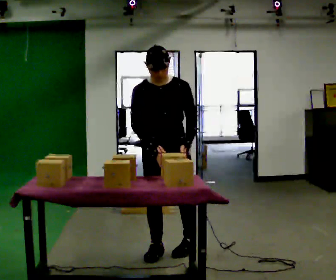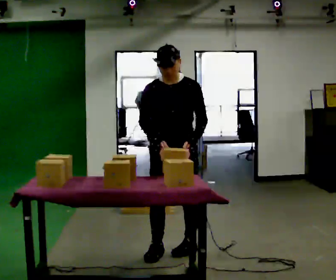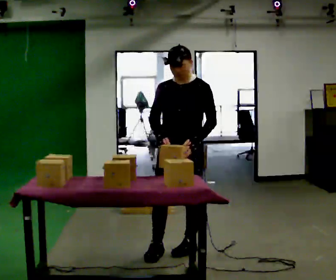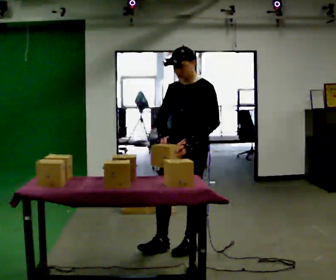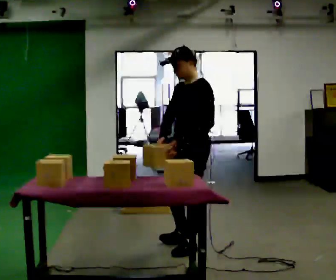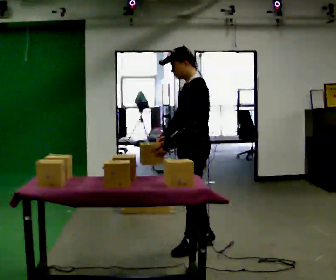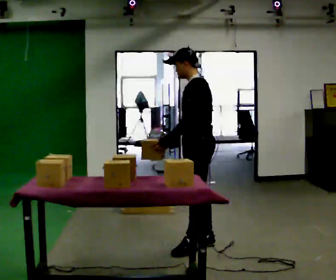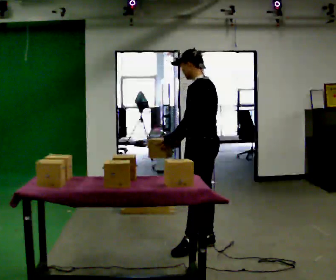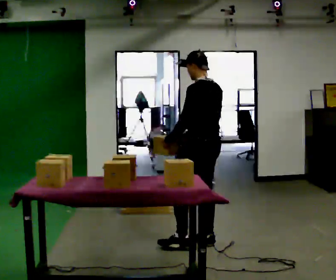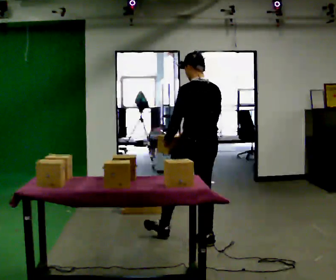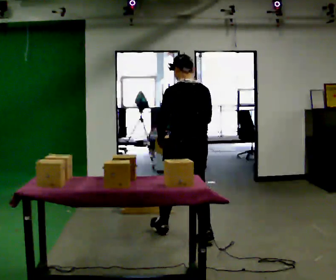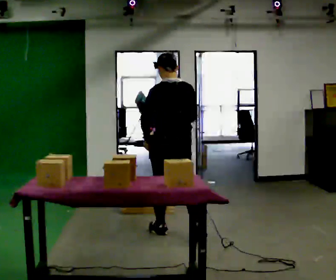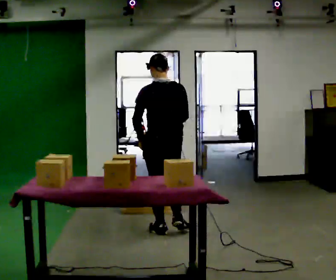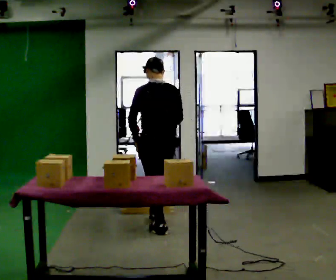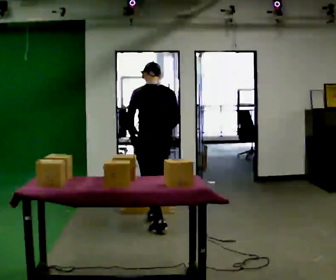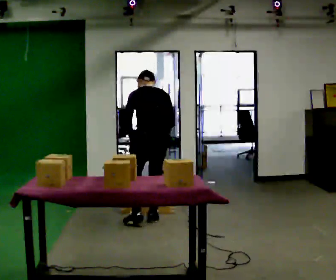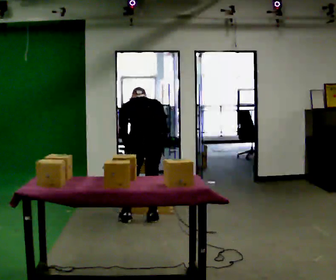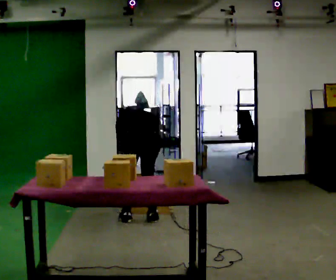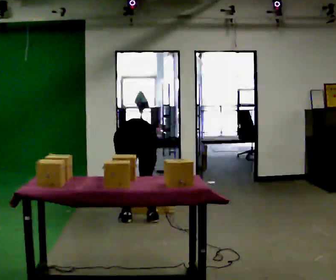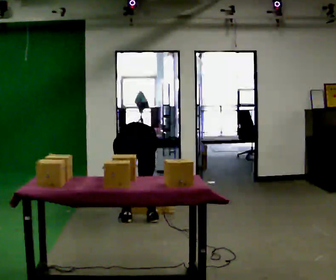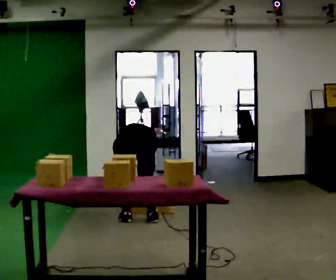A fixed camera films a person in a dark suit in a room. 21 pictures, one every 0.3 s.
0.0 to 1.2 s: Seen from above the body turns clockwise, about 60 degrees: to their right, with its near side sliding to the left. In the picture they go to the right, about 0.25 m.
1.2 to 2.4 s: Seen from above the body turns clockwise, about 60 degrees: to their right, with its near side sliding to the left. In the picture they go away from the camera, about 0.25 m in 1 step.
2.4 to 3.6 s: Seen from above the body turns clockwise, about 30 degrees: to their right, with its near side sliding to the left. In the picture they go to the left and away from the camera, about 0.5 m in 1 step, which for them is forward.
3.6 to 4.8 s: In the picture they go away from the camera and to the left, about 0.5 m in 2 steps, which for them is forward. The shoulders move downward. The upper body tips away from the camera, its near side rolling upward, as they bend forward.
4.8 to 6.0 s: The upper body goes downward. The upper body tips away from the camera, its near side rolling upward, as they bend forward. In the picture their left hand goes downward.
The film runs forward here.
